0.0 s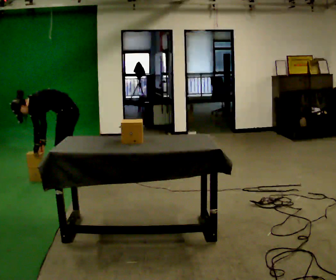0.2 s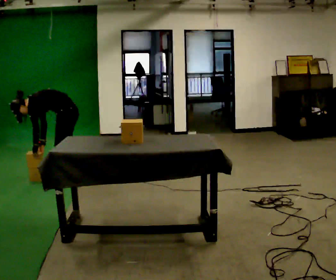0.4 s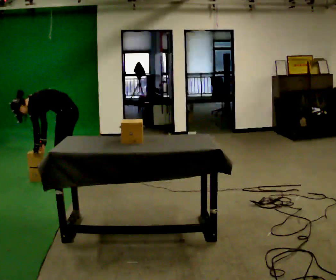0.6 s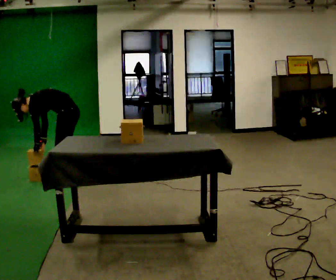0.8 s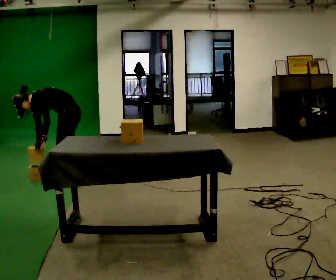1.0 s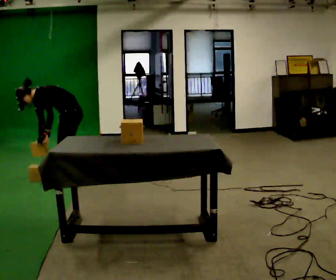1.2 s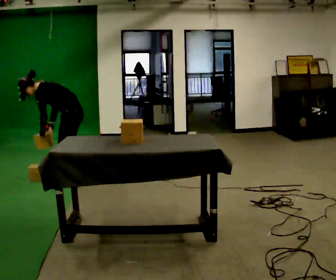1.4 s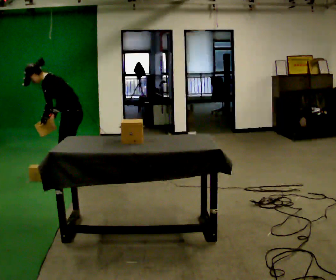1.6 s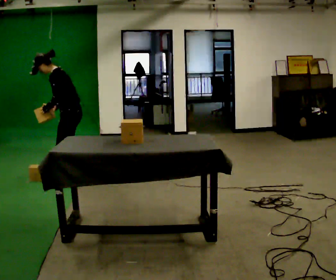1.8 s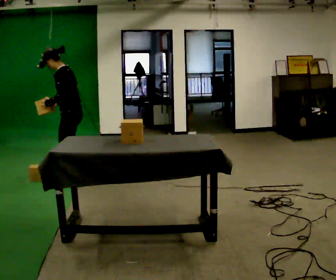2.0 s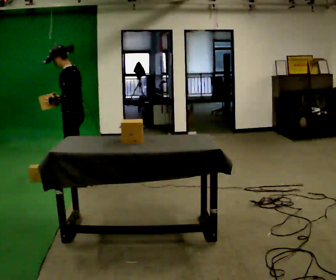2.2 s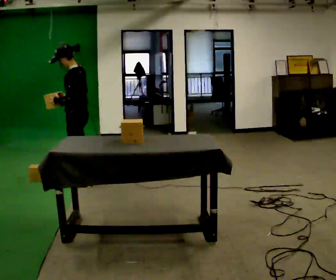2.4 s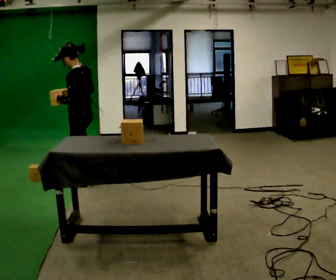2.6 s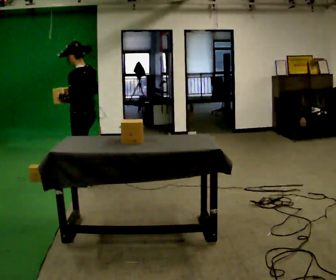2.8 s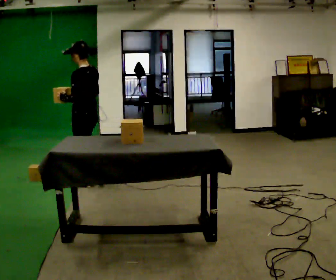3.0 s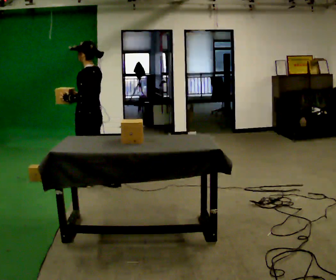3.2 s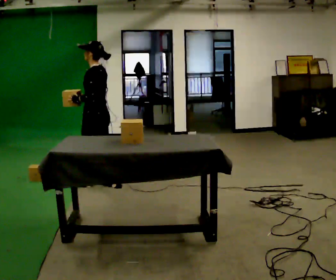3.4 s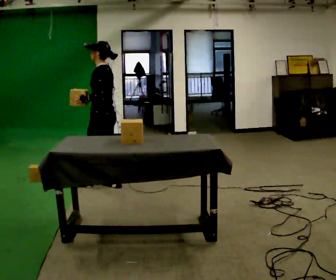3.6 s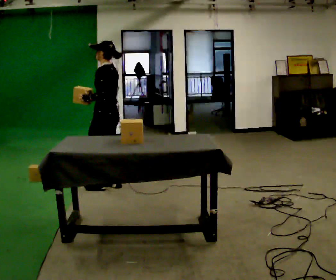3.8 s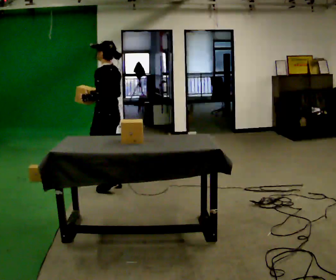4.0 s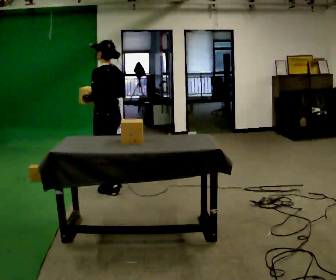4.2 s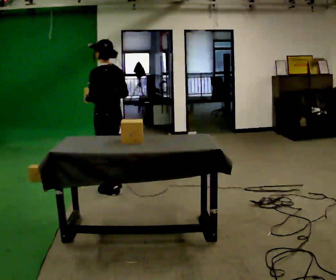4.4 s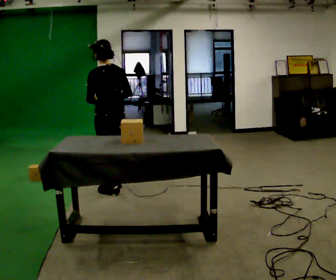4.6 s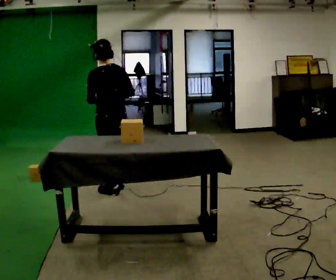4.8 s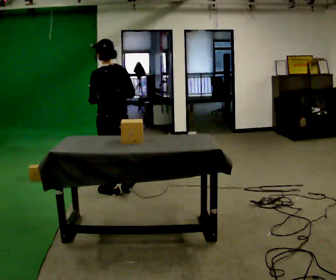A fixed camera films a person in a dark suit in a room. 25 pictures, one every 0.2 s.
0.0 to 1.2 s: In the picture the upper body tilts clockwise, shoulders to the right, as they lean back or straighten.
1.2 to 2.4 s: The upper body goes upward. In the picture the upper body tilts clockwise, shoulders to the right, as they lean back or straighten. In the picture their right hand goes upward and to the right.
2.4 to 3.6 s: In the picture they go to the right, about 0.25 m in 1 step, which for them is backward.
3.6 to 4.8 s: Seen from above the body turns clockwise, about 30 degrees: to their right, with its near side sliding to the left. In the picture they go toward the camera, about 0.25 m in 1 step, which for them is backward and to their left.
The film runs backward here.
